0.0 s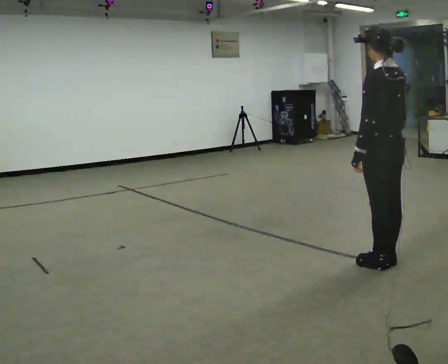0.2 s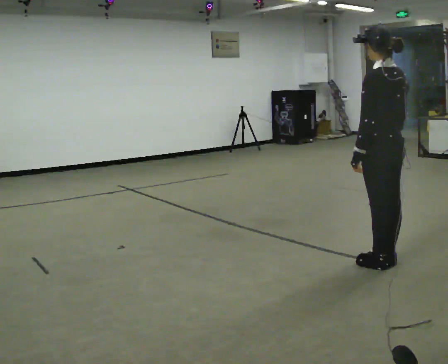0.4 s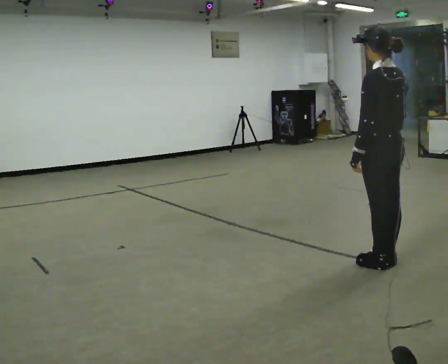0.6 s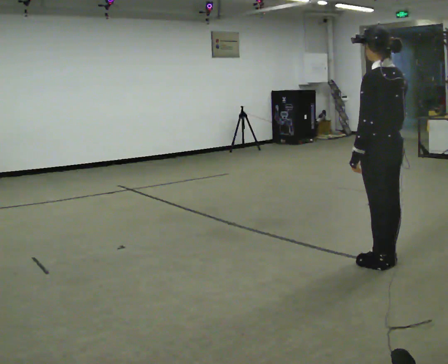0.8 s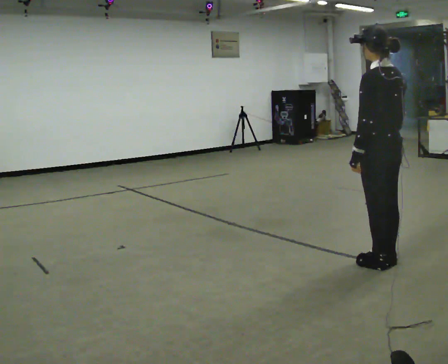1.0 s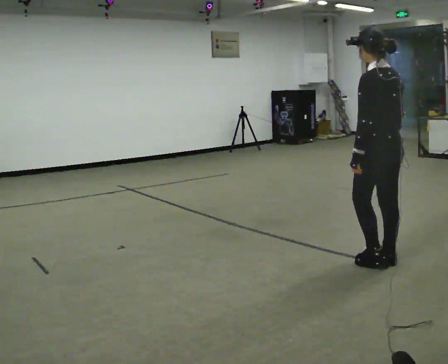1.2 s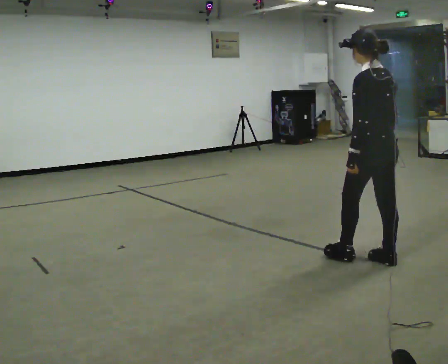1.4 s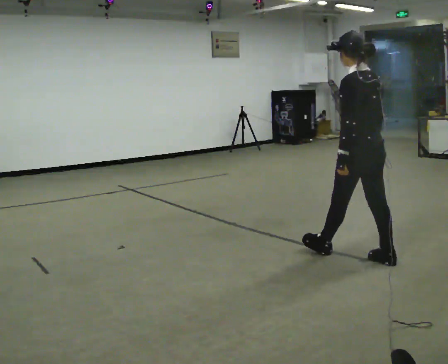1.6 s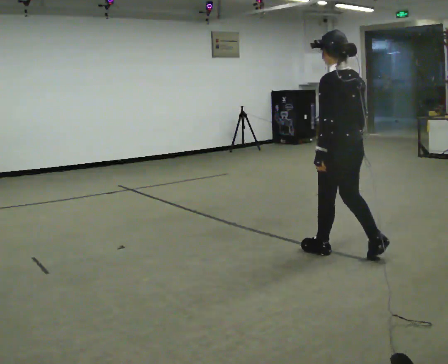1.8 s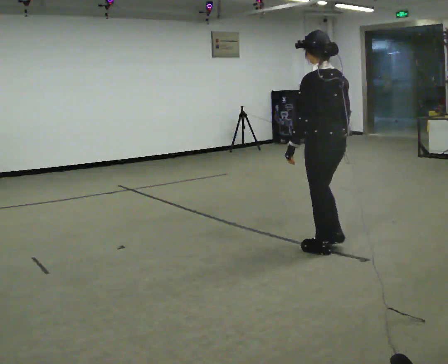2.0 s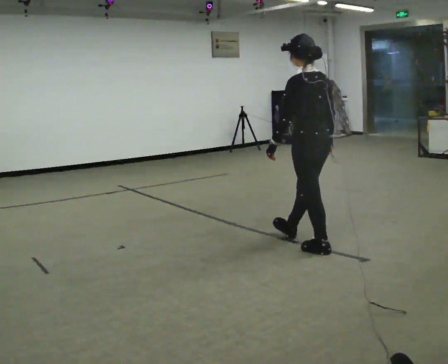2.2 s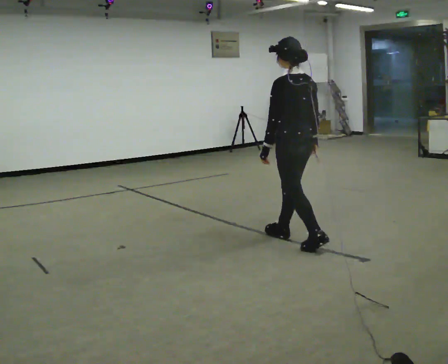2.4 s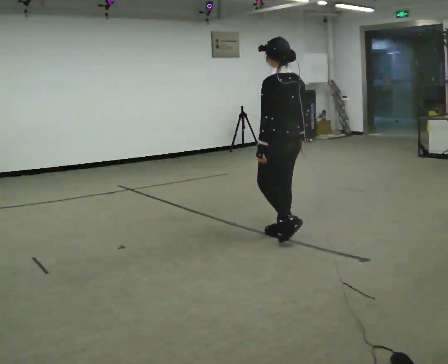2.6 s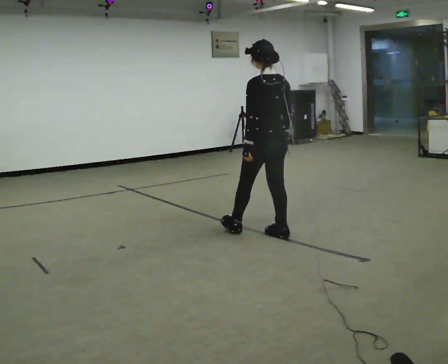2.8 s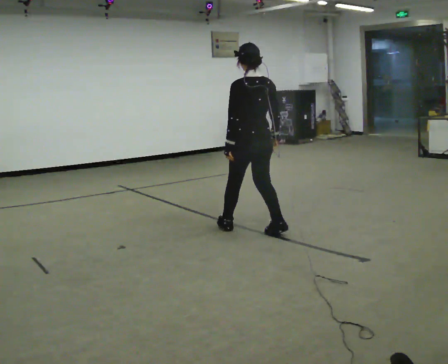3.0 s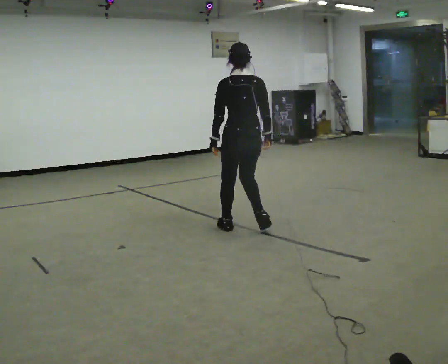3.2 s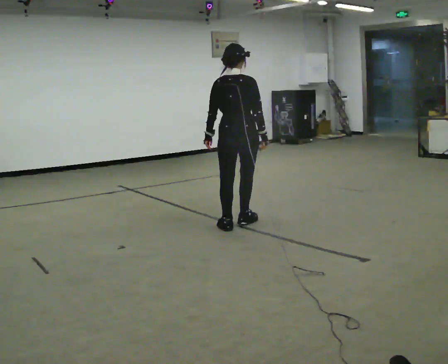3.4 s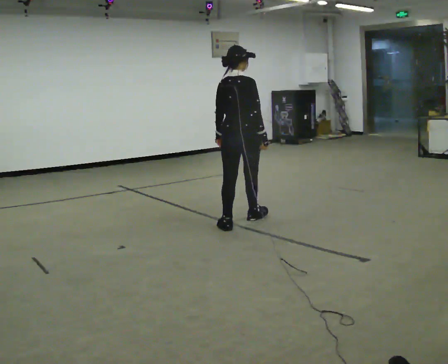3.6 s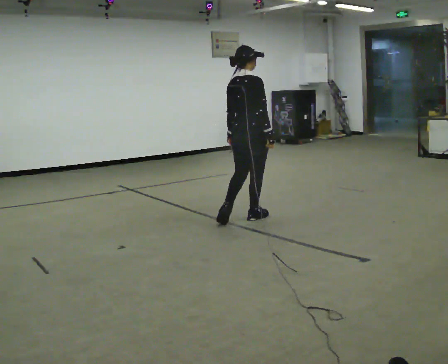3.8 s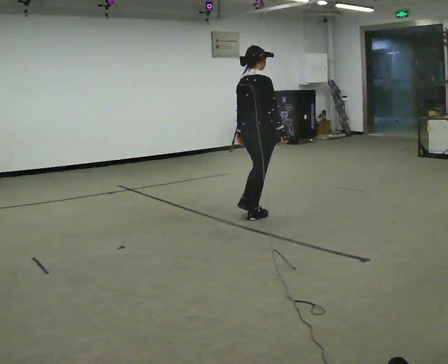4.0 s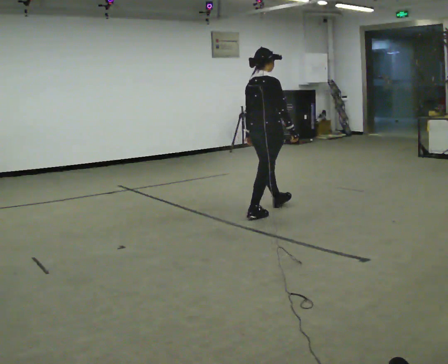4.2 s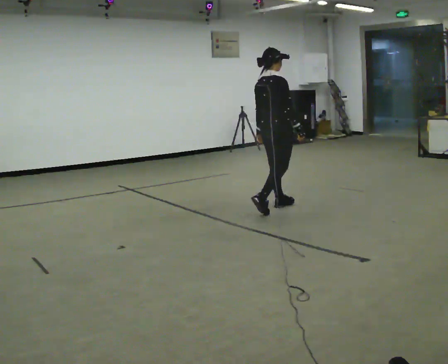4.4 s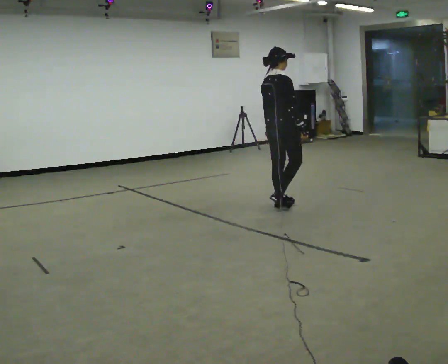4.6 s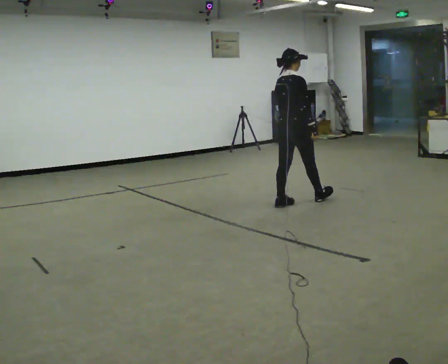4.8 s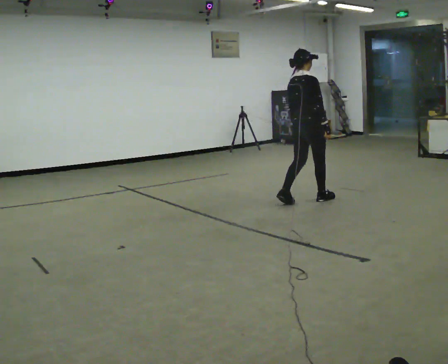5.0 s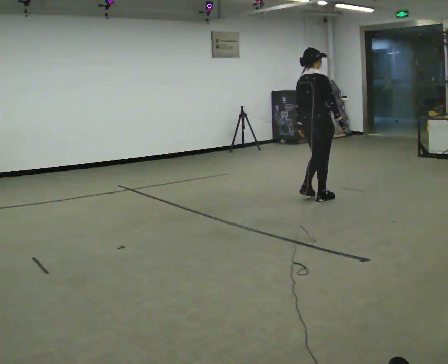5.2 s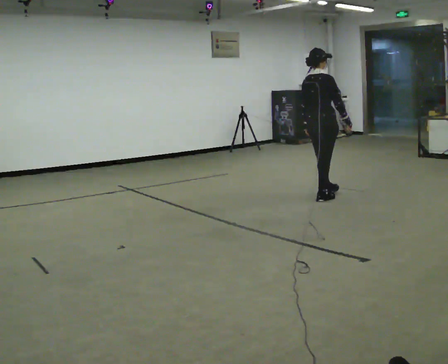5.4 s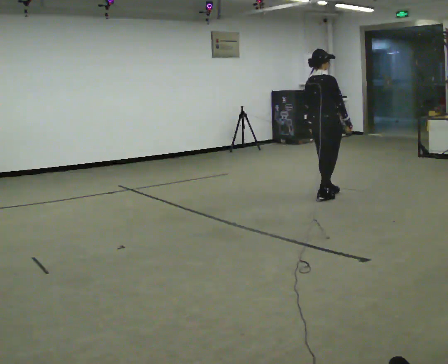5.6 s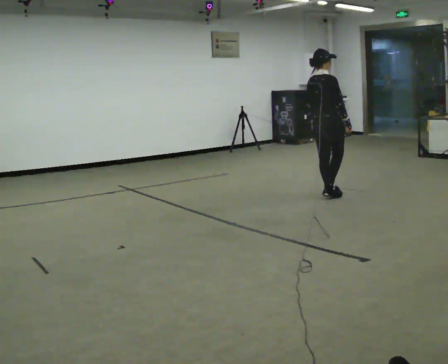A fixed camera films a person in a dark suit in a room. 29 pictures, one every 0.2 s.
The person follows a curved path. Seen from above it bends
clockwise.
The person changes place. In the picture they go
away from the camera.
0.0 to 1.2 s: The person moves a little, or ends about where they began.
1.2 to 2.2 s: In the picture they go away from the camera and to the left, about 0.5 m in 2 steps, which for them is forward.
2.2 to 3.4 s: The person turns about 75 degrees to their right, clockwise seen from above, so the part of the body nearest the lens slides to the left. In the picture they go away from the camera and to the left, about 0.5 m in 2 steps.
3.4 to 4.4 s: The part of the body nearest the lens slides to the left as the person turns to their right by about 30 degrees. In the picture they go away from the camera and to the right, about 0.5 m in 1 step, which for them is forward.
4.4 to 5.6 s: In the picture they go to the right and away from the camera, about 0.75 m in 2 steps, which for them is forward.
The film runs forward here.
